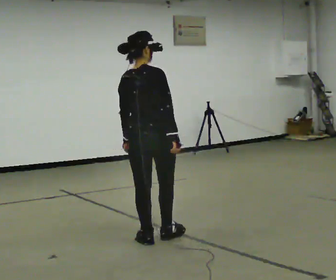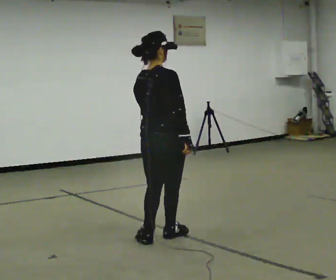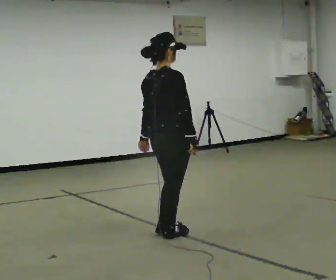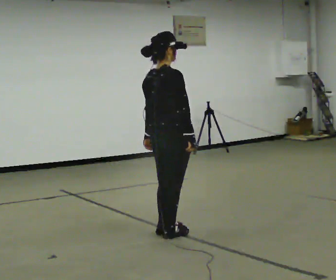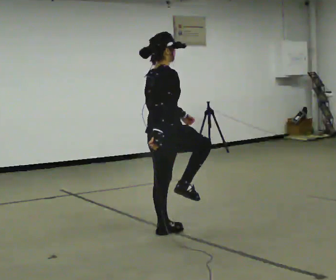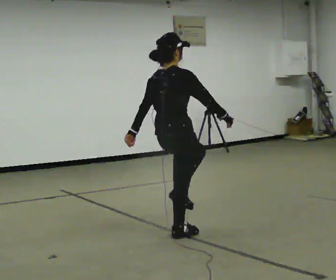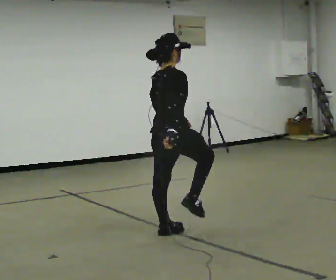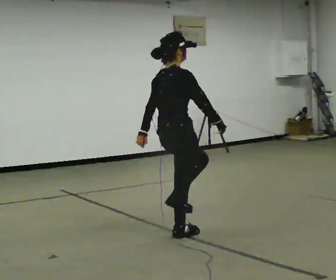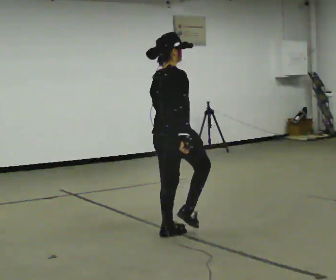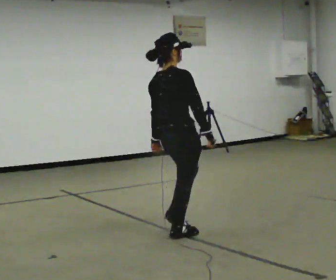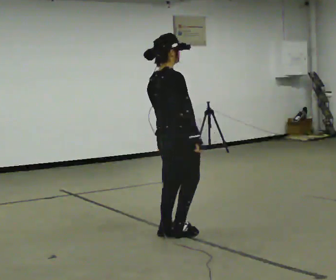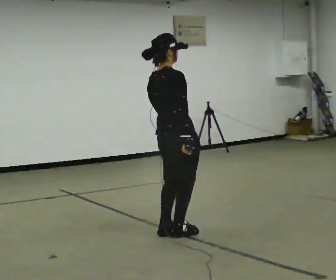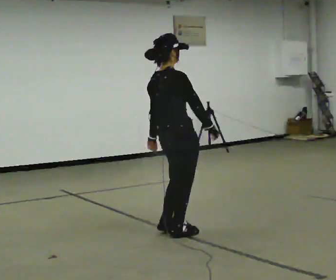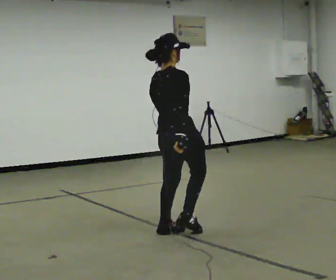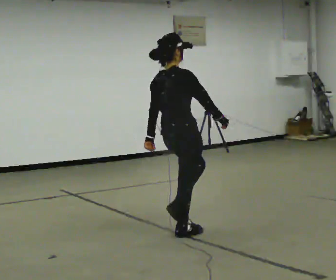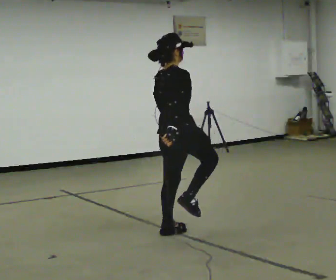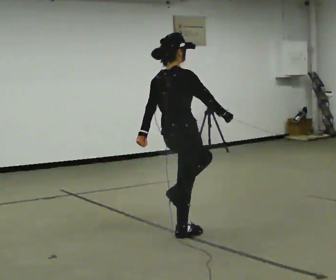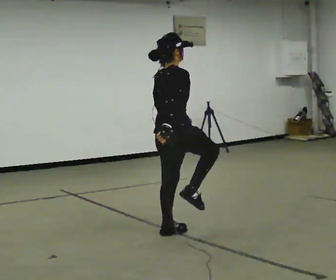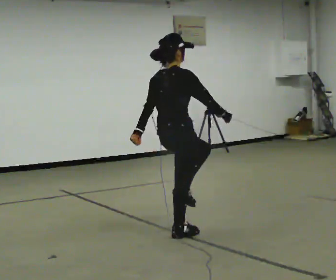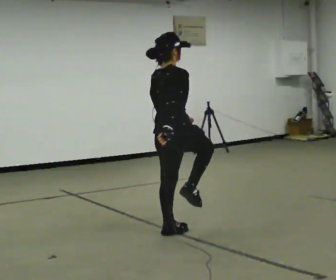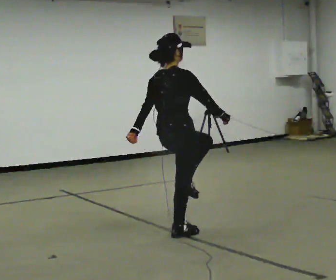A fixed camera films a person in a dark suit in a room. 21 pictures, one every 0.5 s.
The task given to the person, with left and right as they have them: March in place at a comfortable rhythm without moving forward; stop.
0.0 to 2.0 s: The person turns about 30 degrees to their right, clockwise seen from above, so the part of the body nearest the lens slides to the left. In the picture they go away from the camera, about 0.25 m in 2 steps, which for them is forward. In the picture their left hand goes to the right.
2.0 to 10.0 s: In the picture their left hand goes to the left.
The film runs forward here.
